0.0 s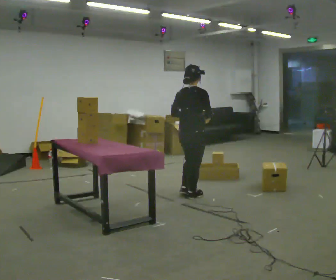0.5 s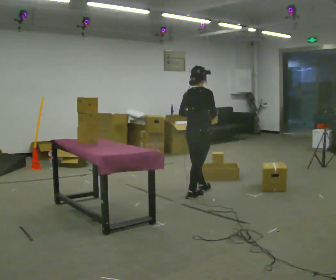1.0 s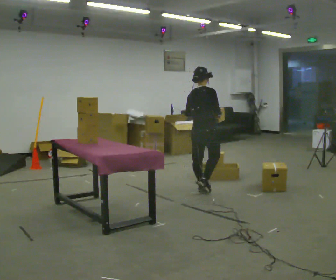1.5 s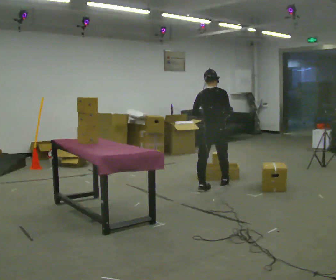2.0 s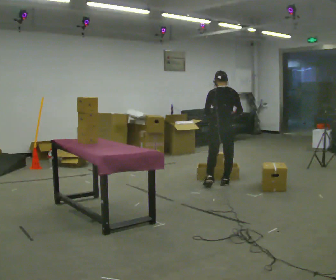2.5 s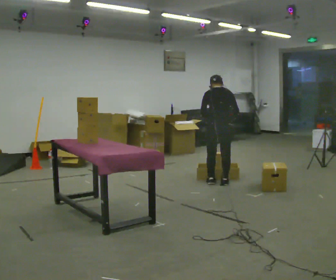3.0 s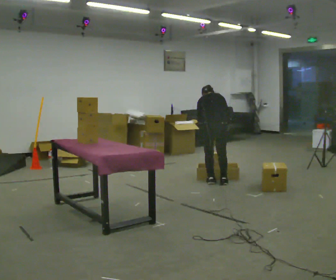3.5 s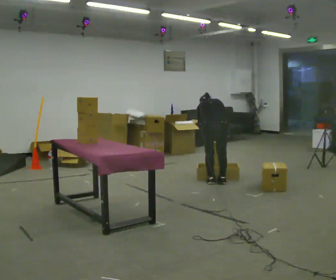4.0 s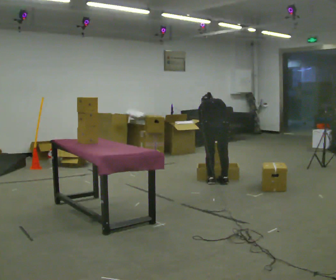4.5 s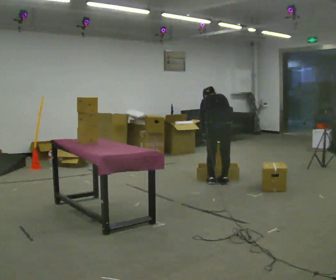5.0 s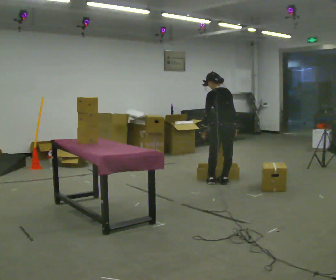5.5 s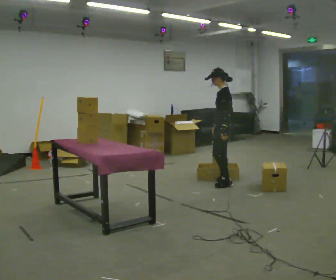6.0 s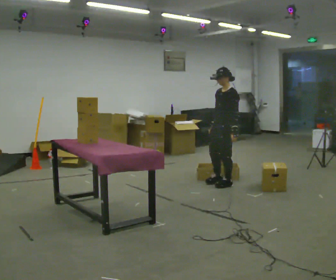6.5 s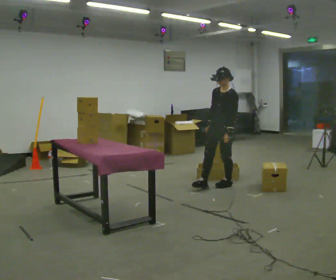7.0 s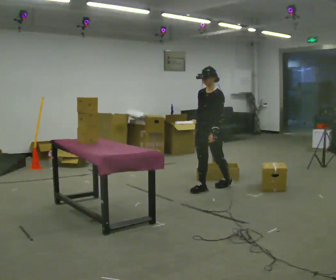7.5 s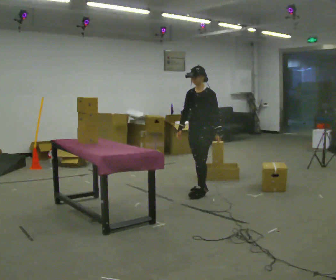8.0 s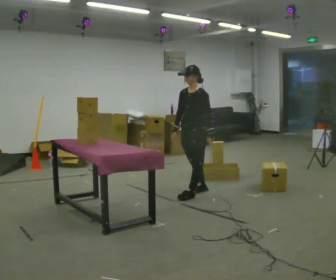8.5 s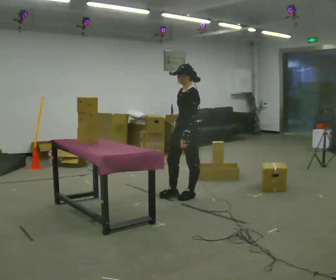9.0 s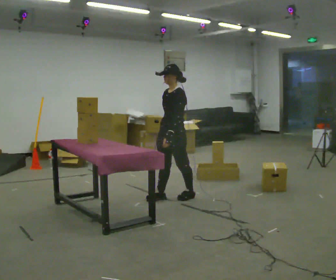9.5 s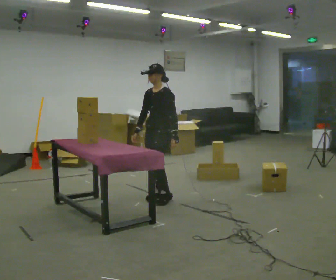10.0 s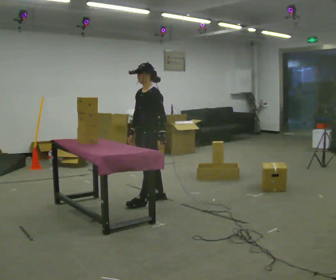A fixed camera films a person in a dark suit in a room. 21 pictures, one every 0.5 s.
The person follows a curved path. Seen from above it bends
clockwise.
0.0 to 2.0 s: The person turns about 45 degrees to their left, counterclockwise seen from above, so the part of the body nearest the lens slides to the right. In the picture they go away from the camera and to the right, about 0.5 m in 2 steps, which for them is forward.
2.0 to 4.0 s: The shoulders move downward. The upper body tips away from the camera, its near side rolling upward, as they bend forward. In the picture their left hand goes downward.
4.0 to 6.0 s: The person turns about 120 degrees to their left, counterclockwise seen from above, so the part of the body nearest the lens slides to the right. The upper body goes upward. The upper body tips toward the camera, its near side rolling downward, as they lean back or straighten.
6.0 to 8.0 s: In the picture they go toward the camera and to the left, about 0.5 m in 2 steps, which for them is forward.
8.0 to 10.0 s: In the picture they go to the left and toward the camera, about 0.75 m in 2 steps, which for them is forward.
The film runs forward here.
